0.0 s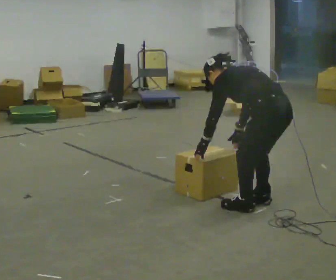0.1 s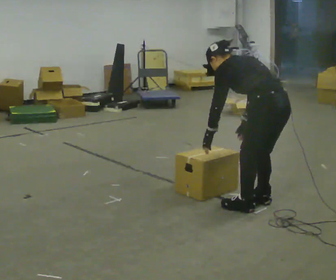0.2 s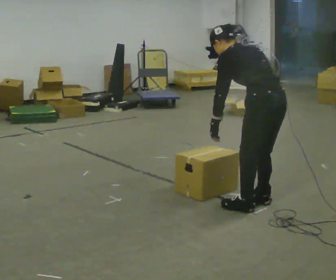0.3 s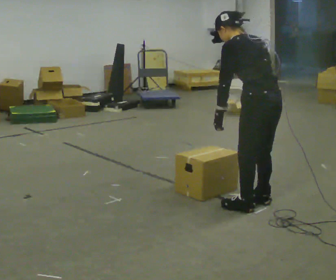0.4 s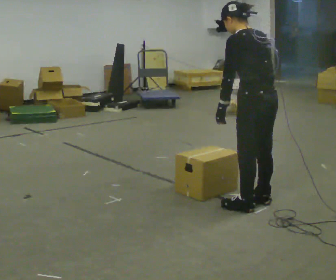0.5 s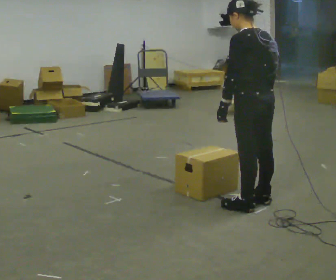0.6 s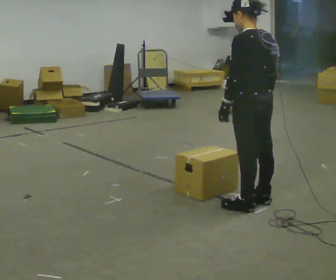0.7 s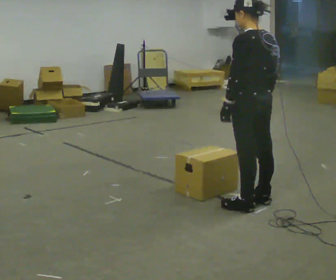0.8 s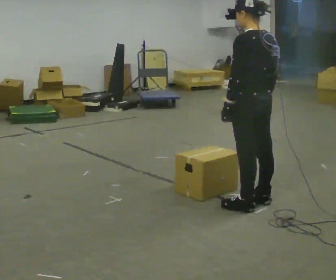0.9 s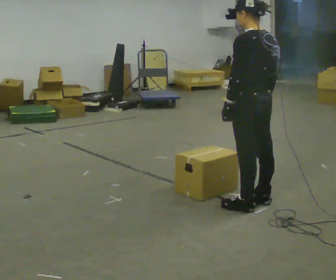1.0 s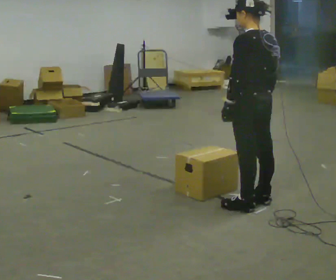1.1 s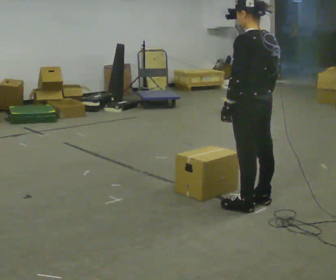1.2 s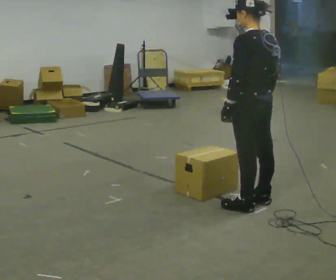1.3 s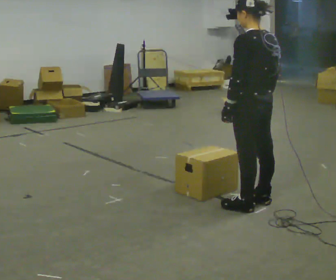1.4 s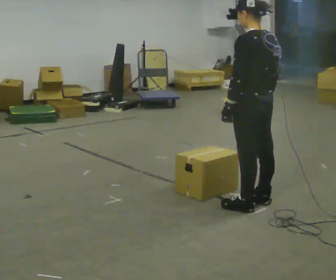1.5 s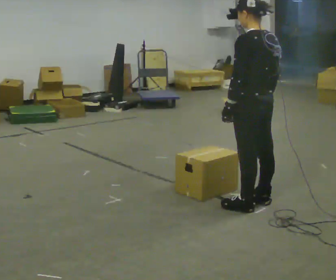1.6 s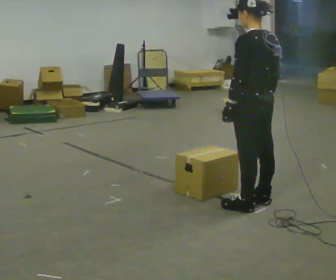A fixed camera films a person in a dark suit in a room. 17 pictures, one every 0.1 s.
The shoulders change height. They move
upward.
0.0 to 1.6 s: The shoulders move upward. In the picture the upper body tilts clockwise, shoulders to the right, as they lean back or straighten.
The film runs backward here.
